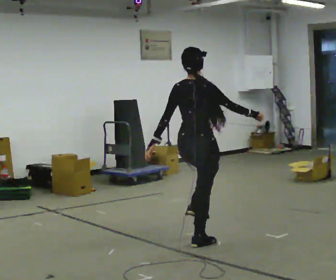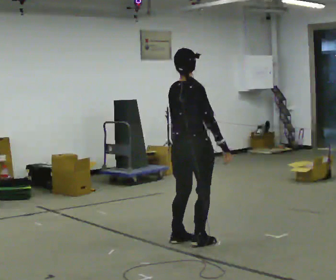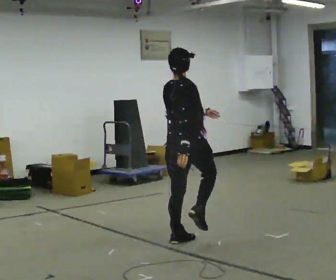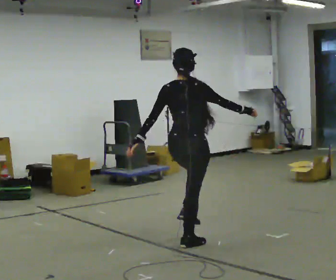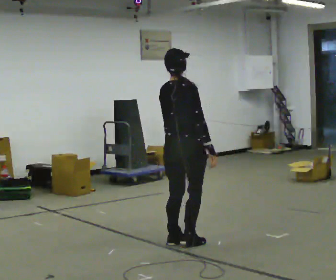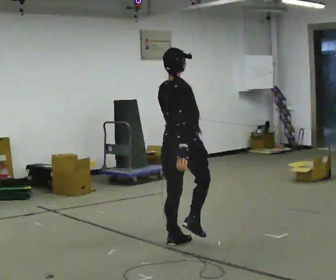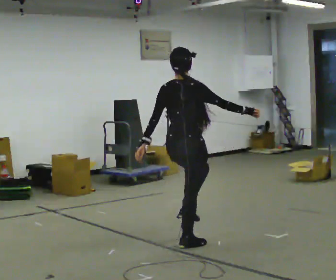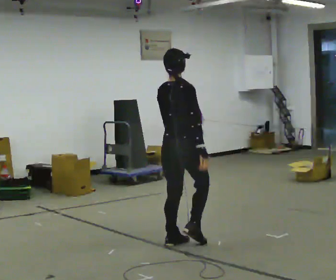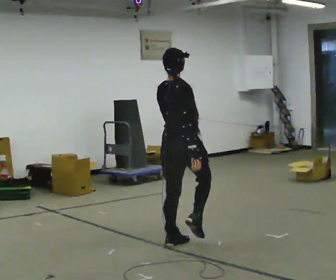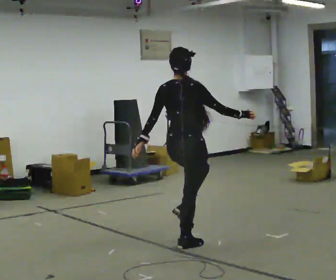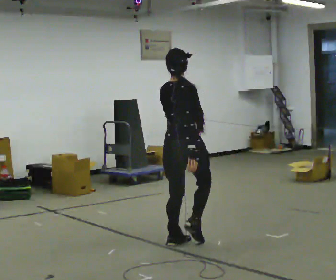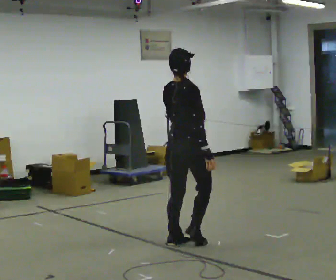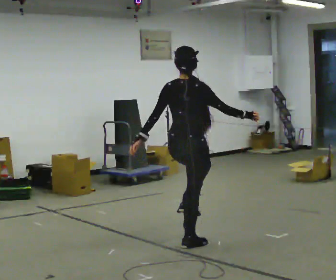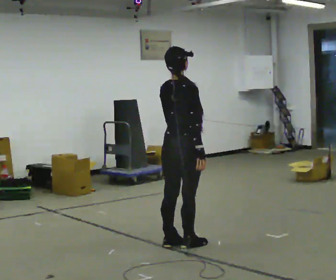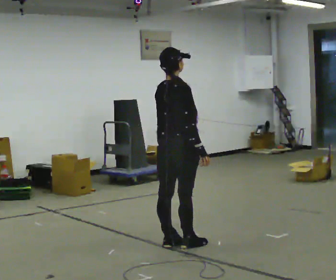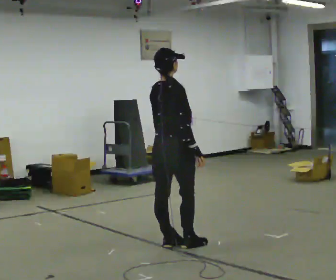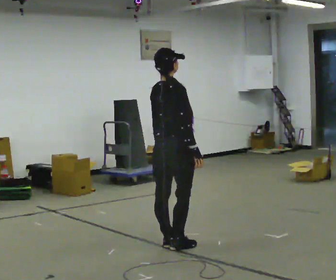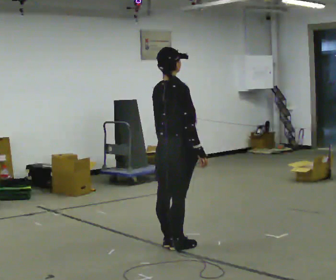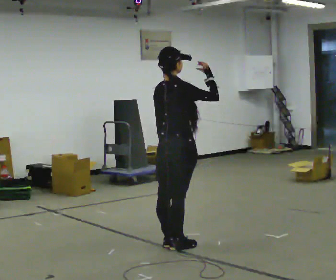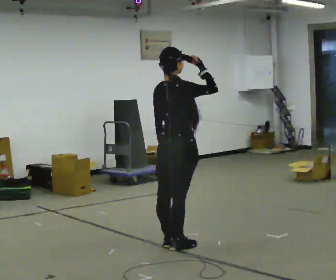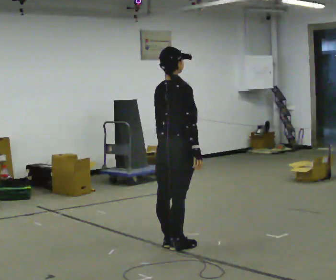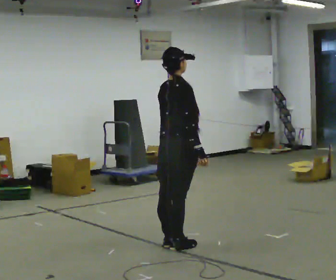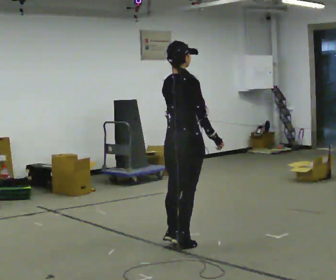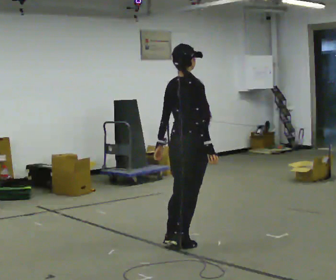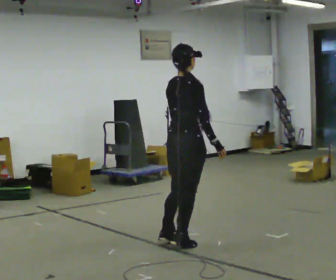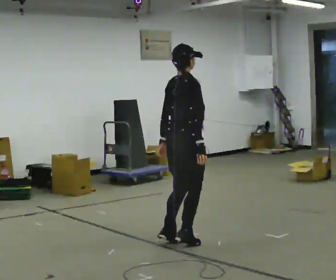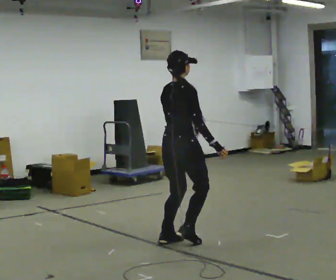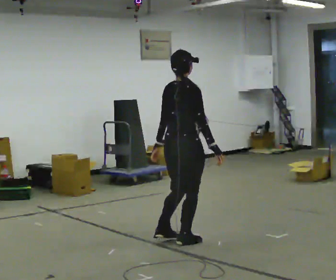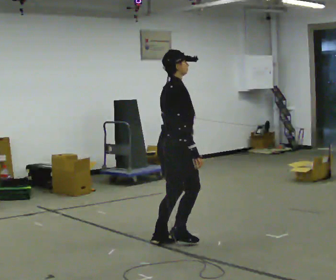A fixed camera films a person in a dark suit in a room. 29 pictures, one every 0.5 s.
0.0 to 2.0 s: In the picture their right hand goes to the left.
2.0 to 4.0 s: The person moves a little, or ends about where they began.
4.0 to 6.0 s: In the picture their left hand goes to the left.
6.0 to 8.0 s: In the picture their right hand goes to the left.
8.0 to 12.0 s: The person moves a little, or ends about where they began.
12.0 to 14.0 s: The part of the body nearest the lens slides to the left as the person turns to their right by about 30 degrees.
The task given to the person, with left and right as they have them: March in place at a comfortable rhythm without moving forward; stop.
The film runs forward here.
